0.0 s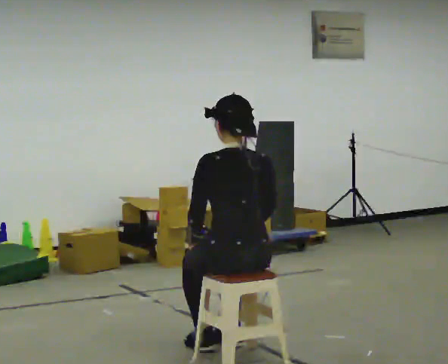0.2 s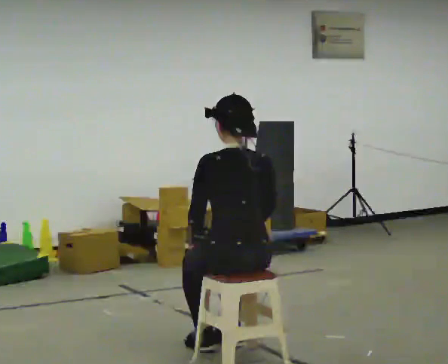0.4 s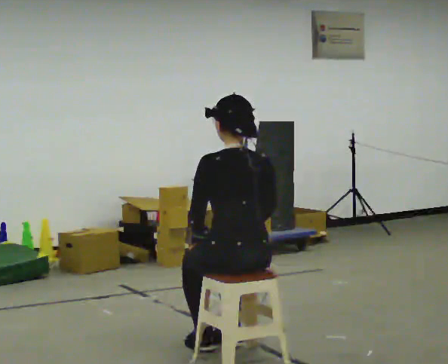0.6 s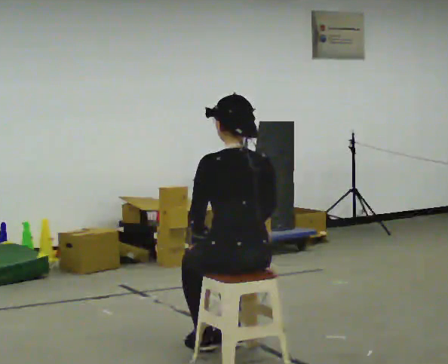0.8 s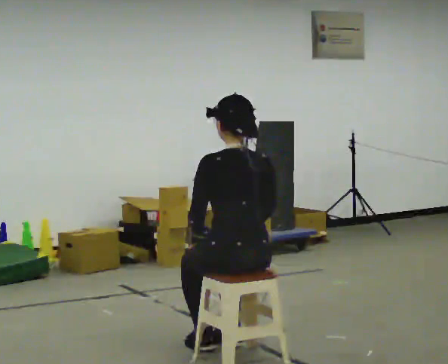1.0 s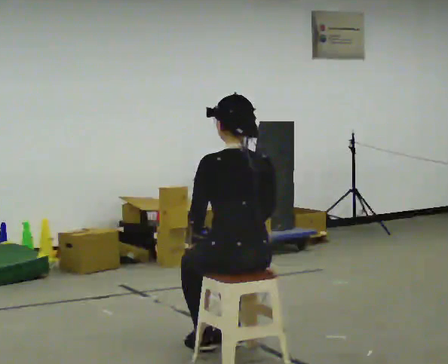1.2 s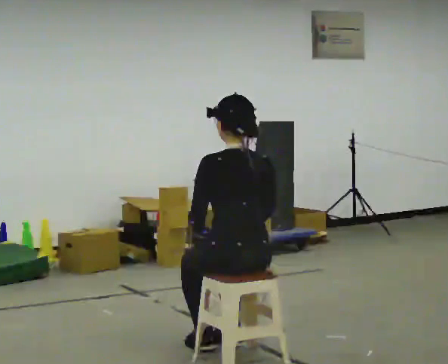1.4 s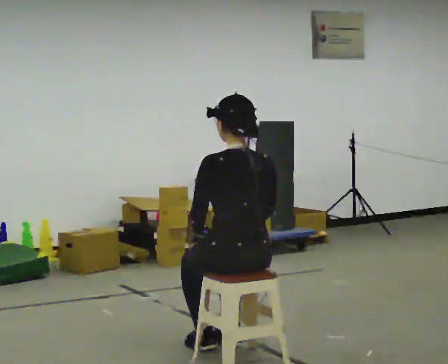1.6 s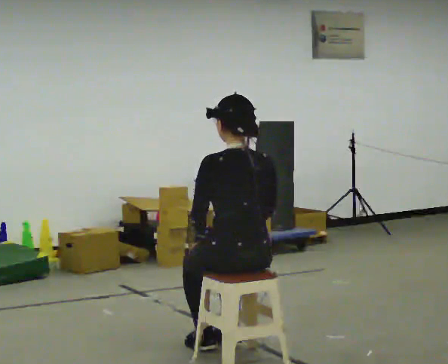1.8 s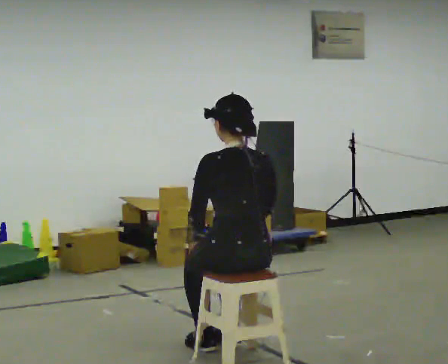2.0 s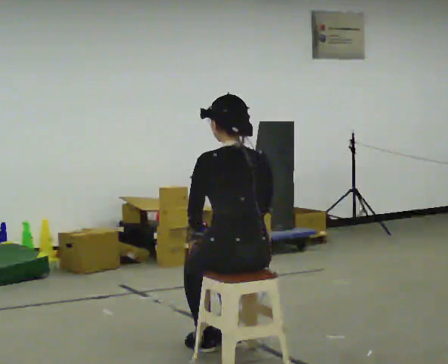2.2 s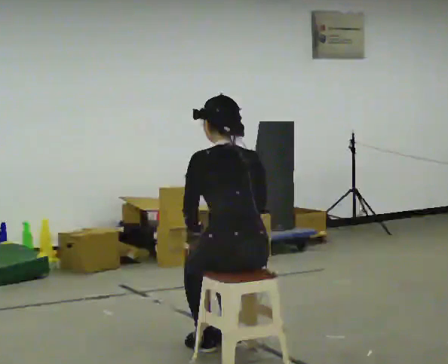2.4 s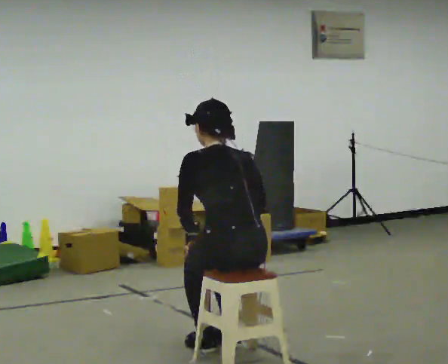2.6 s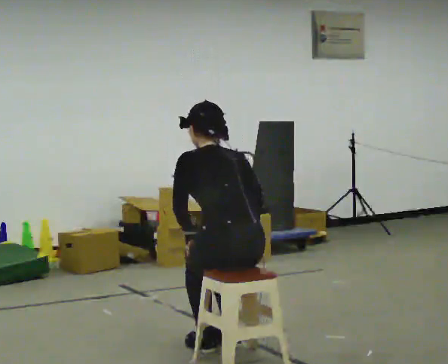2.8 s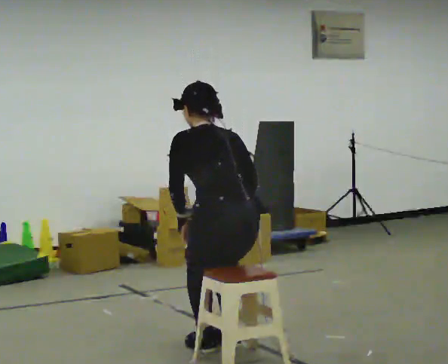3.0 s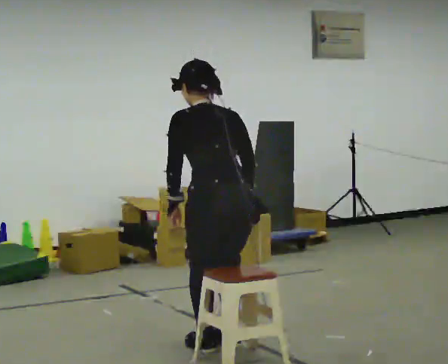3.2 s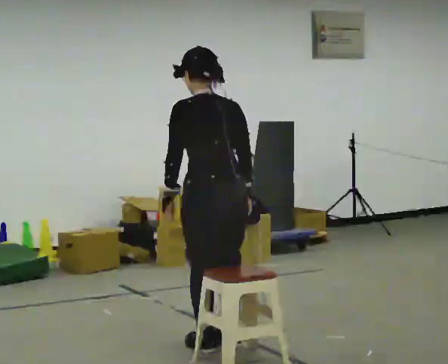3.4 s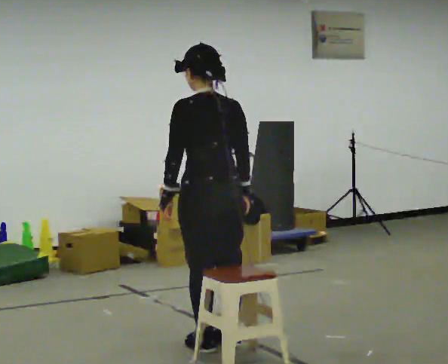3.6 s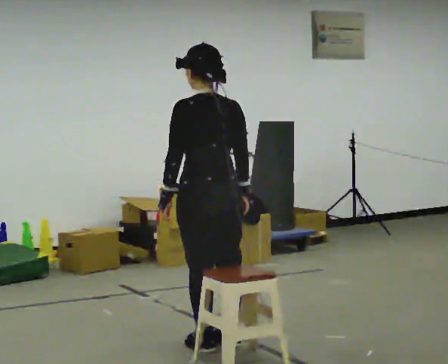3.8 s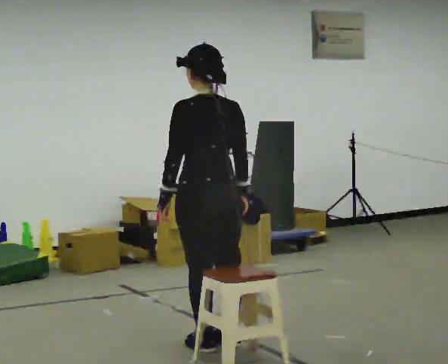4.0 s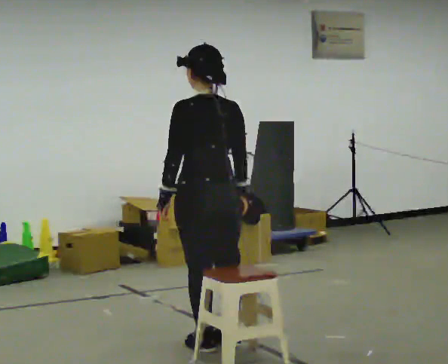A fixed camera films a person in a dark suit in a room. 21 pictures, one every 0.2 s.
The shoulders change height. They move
upward.
0.0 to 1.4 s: The person moves a little, or ends about where they began.
1.4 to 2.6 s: The upper body tips away from the camera, its near side rolling upward, as they bend forward.
2.6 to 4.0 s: In the picture they go away from the camera, about 0.25 m, which for them is forward. The upper body goes upward. The upper body tips toward the camera, its near side rolling downward, as they lean back or straighten.
The film runs backward here.
